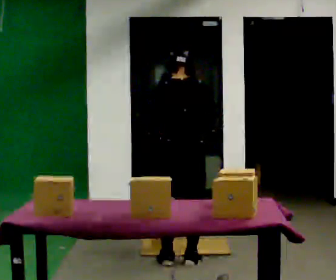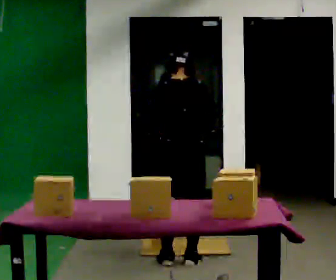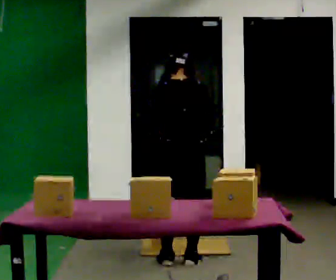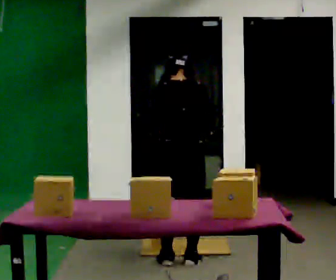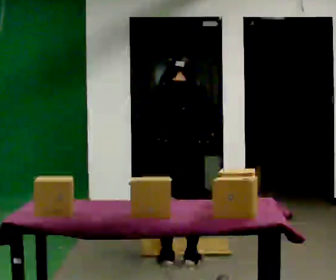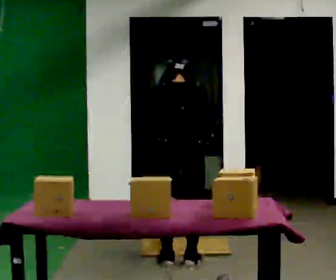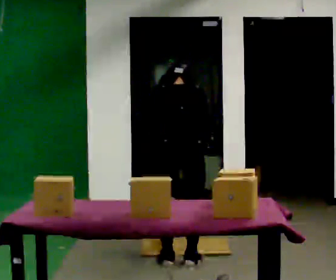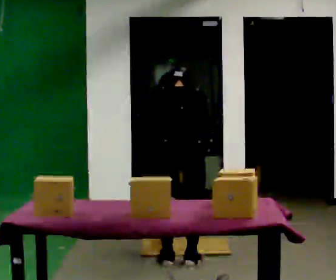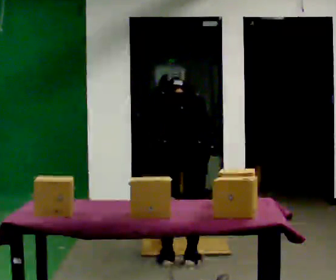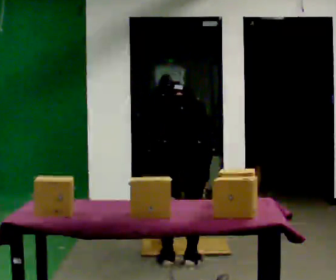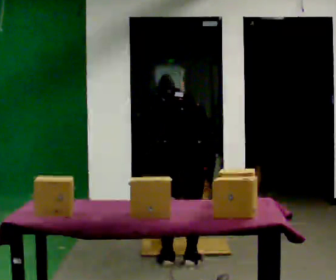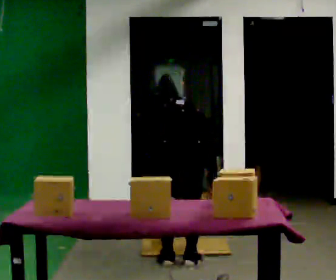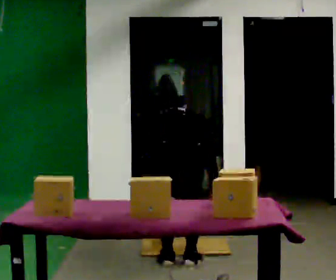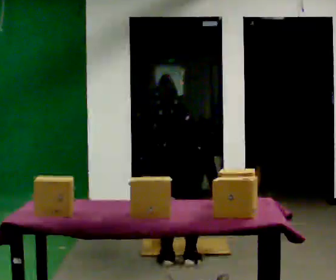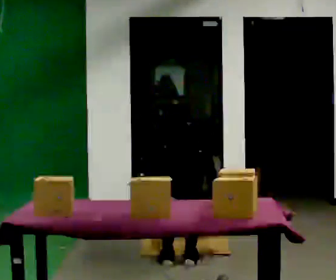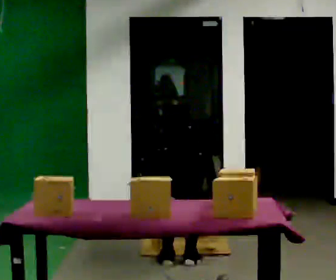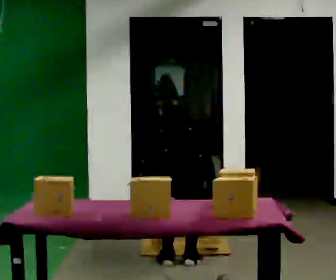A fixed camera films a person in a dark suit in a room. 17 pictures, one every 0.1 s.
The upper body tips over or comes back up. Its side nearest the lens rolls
upward.
Their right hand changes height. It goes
downward.
0.0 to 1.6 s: The upper body goes downward. The upper body tips away from the camera, its near side rolling upward, as they bend forward.
The film runs forward here.
